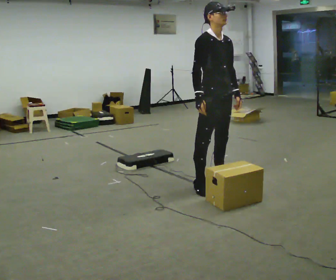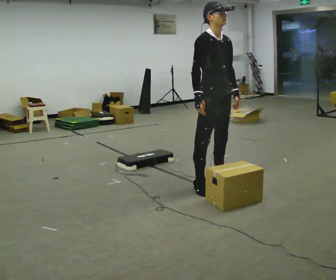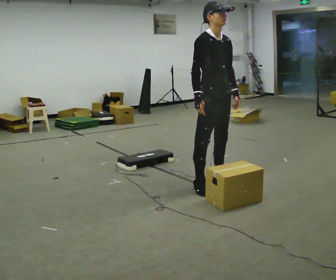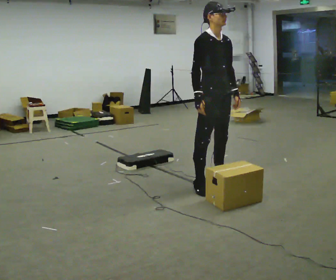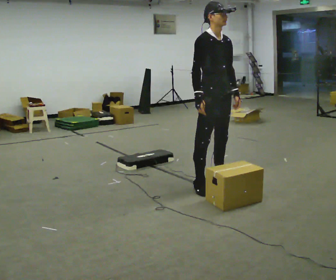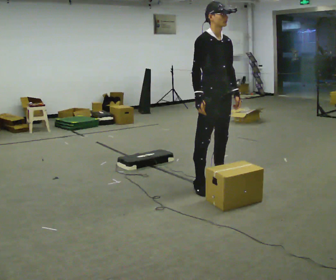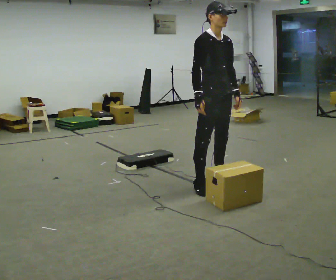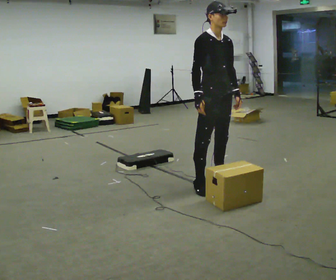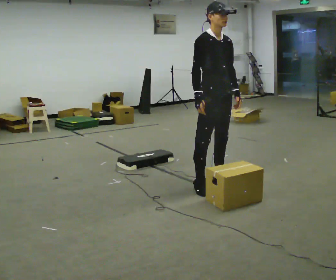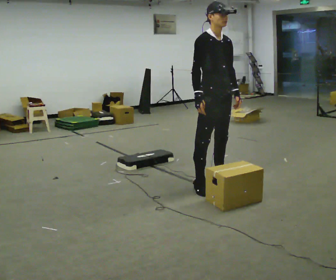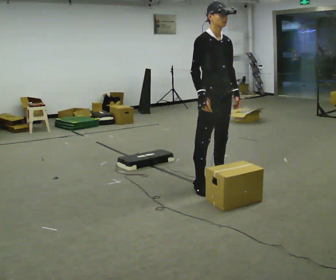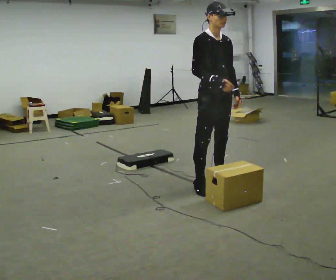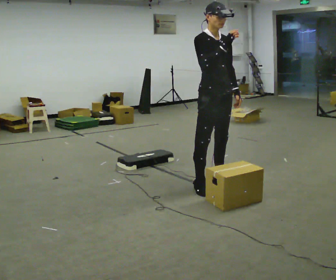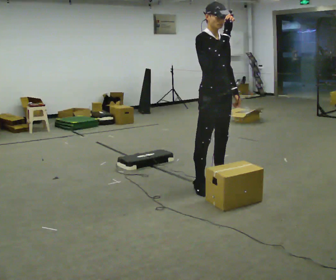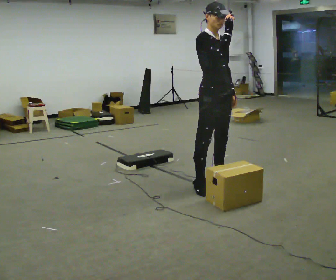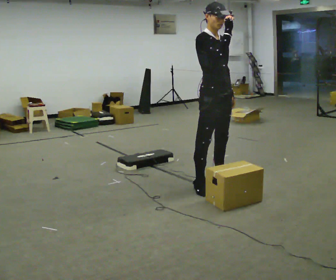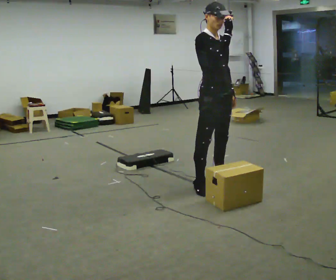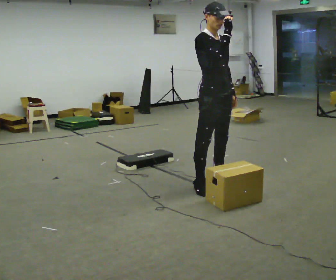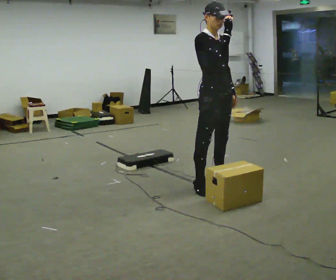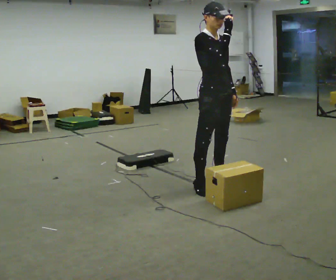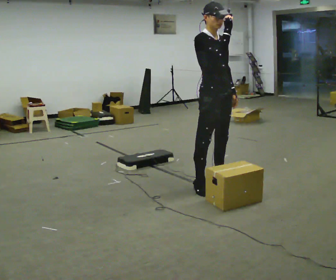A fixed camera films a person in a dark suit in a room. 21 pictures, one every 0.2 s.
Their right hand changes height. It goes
upward.
0.0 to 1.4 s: The person keeps their place and pose.
1.4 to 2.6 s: In the picture their right hand goes upward.
2.6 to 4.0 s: The person moves a little, or ends about where they began.
The film runs forward here.
